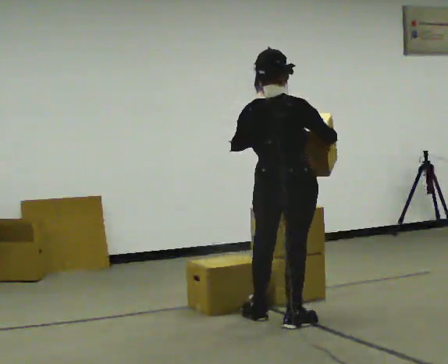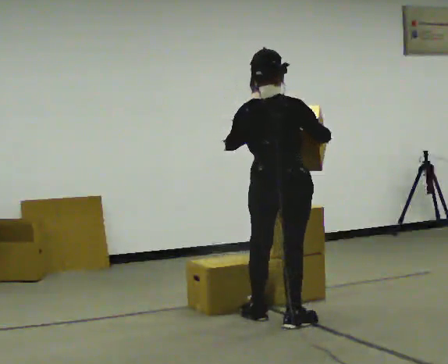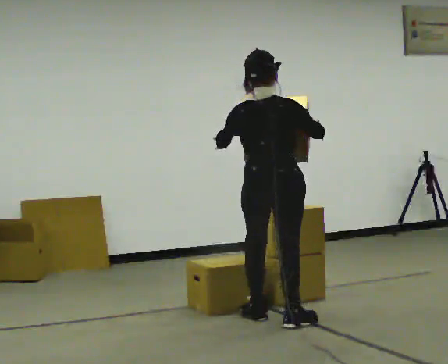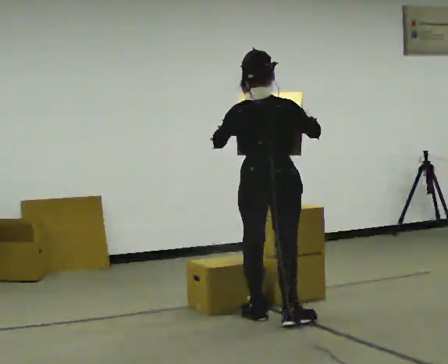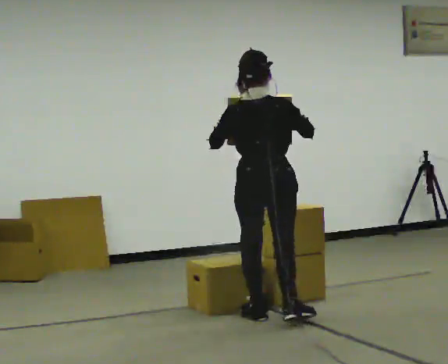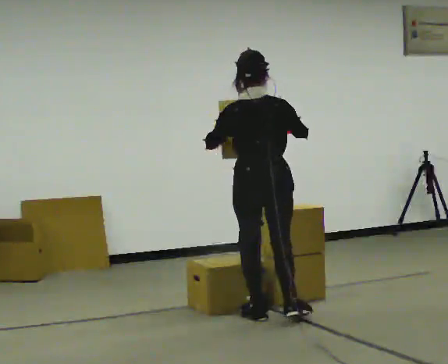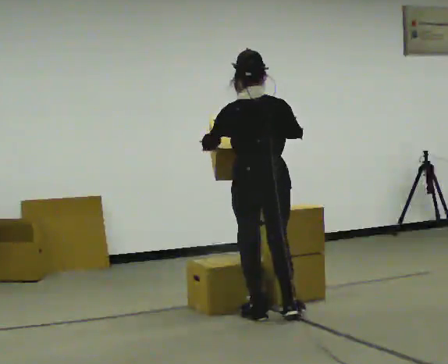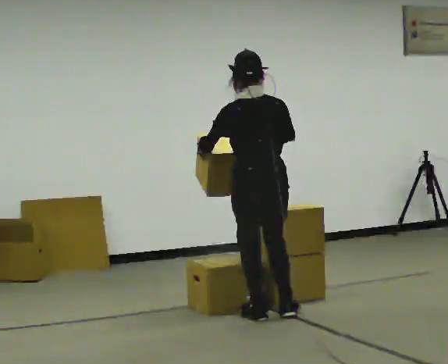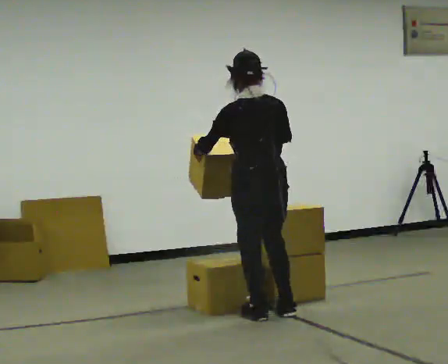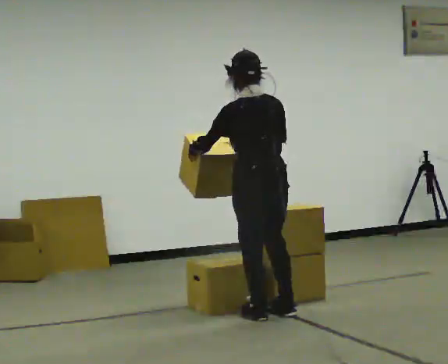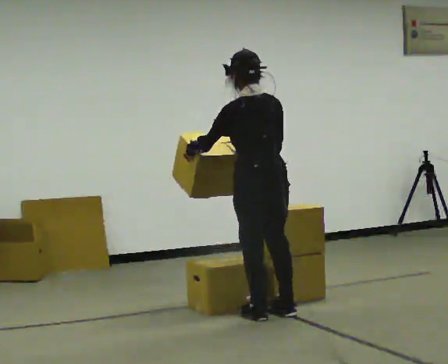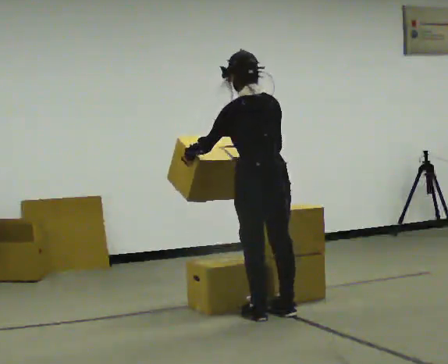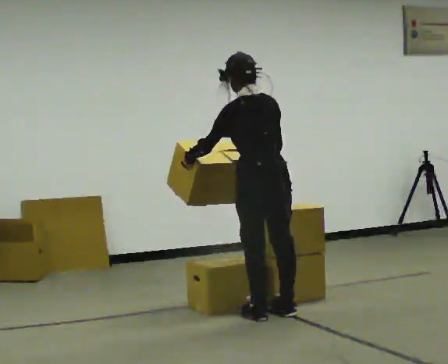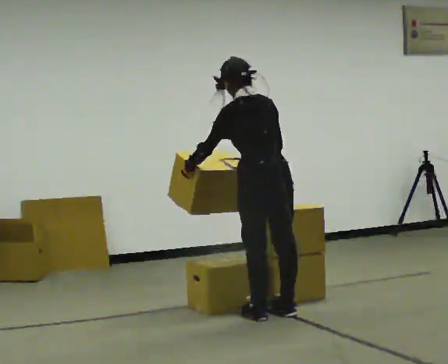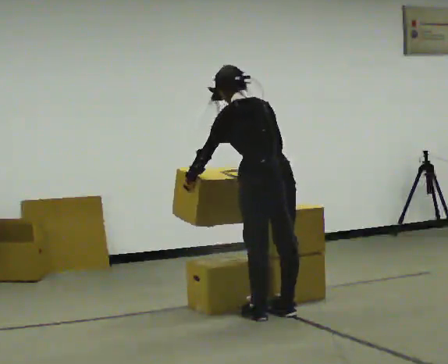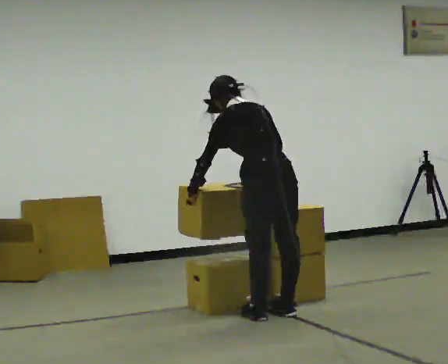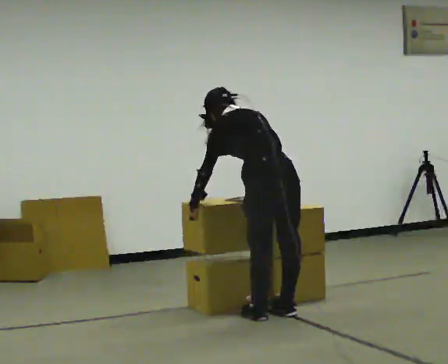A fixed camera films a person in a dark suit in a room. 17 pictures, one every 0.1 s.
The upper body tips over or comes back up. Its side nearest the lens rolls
upward.
0.0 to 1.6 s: The person turns about 60 degrees to their left, counterclockwise seen from above, so the part of the body nearest the lens slides to the right. The upper body tips away from the camera, its near side rolling upward, as they bend forward. In the picture their left hand goes to the left and downward.
The film runs backward here.
